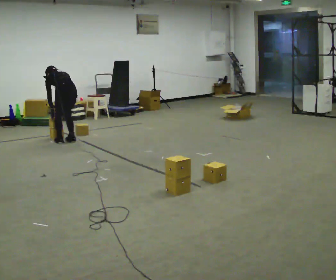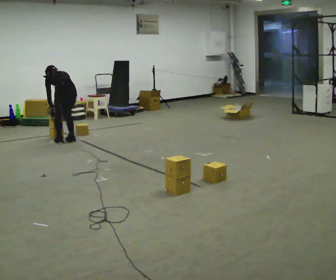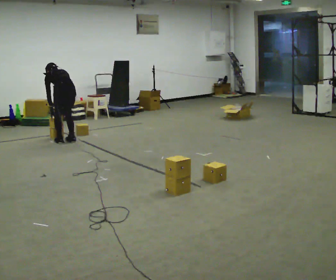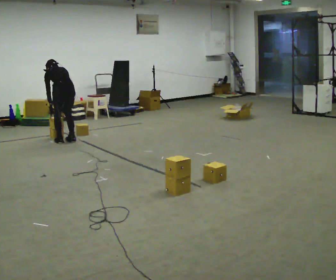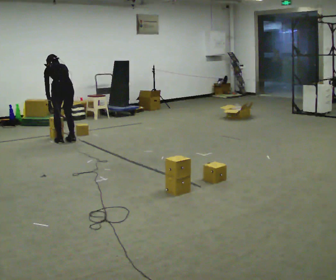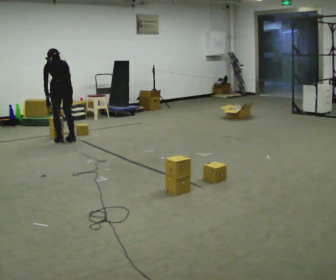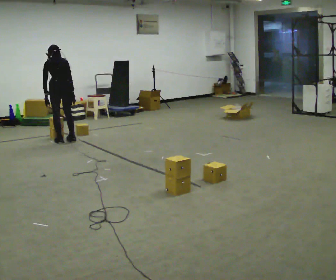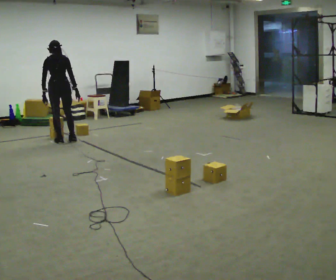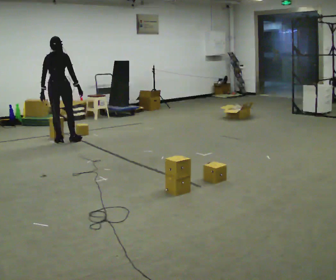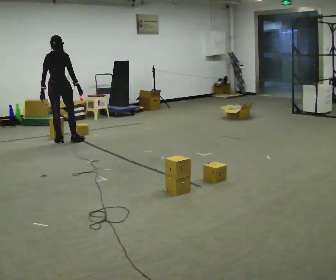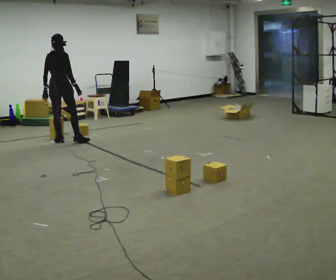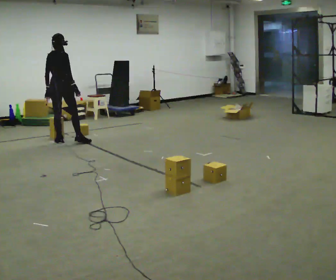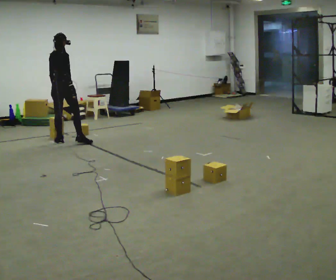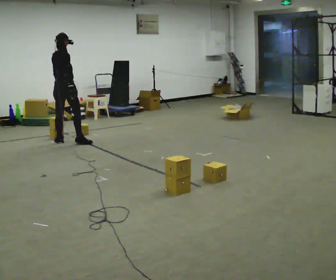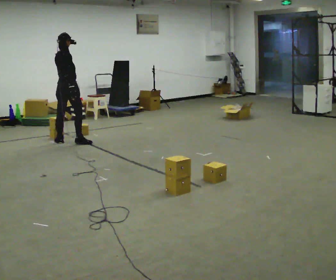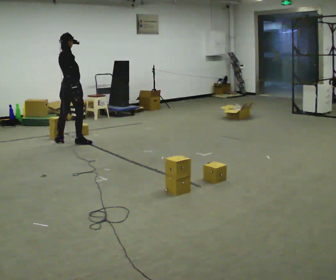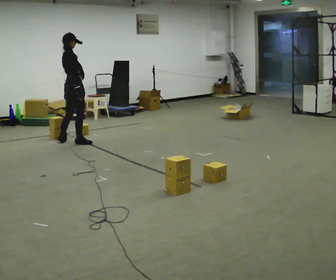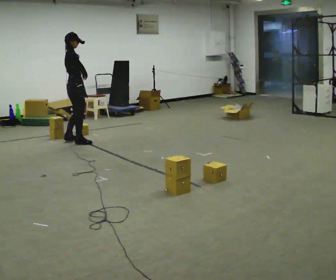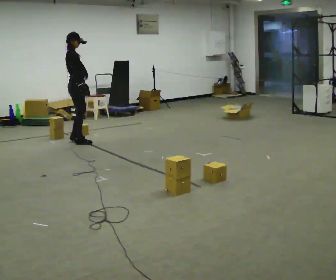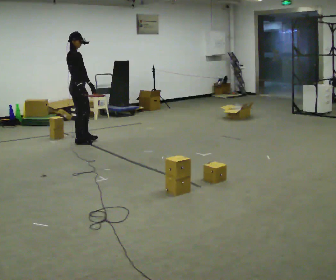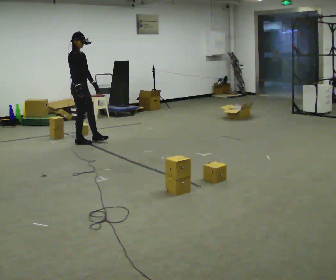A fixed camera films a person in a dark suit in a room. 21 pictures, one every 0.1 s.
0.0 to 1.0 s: The part of the body nearest the lens slides to the left as the person turns to their right by about 60 degrees. The upper body goes upward. The upper body tips toward the camera, its near side rolling downward, as they lean back or straighten. In the picture their right hand goes upward.
1.0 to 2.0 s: The person turns about 90 degrees to their right, clockwise seen from above, so the part of the body nearest the lens slides to the left. In the picture they go to the right and toward the camera, about 0.25 m.
The film runs forward here.
